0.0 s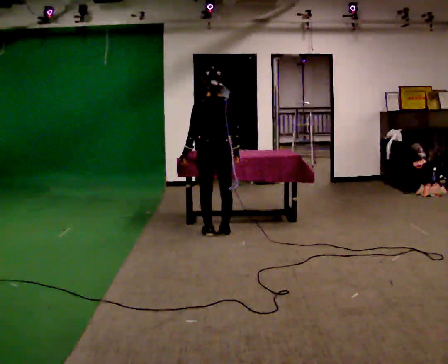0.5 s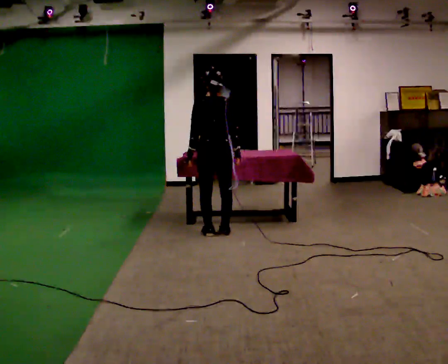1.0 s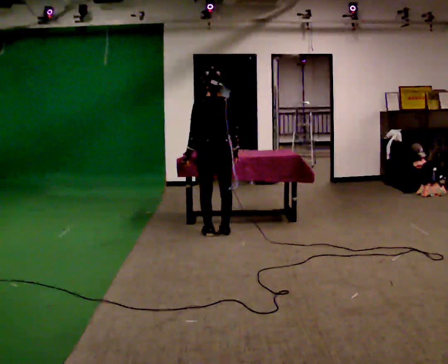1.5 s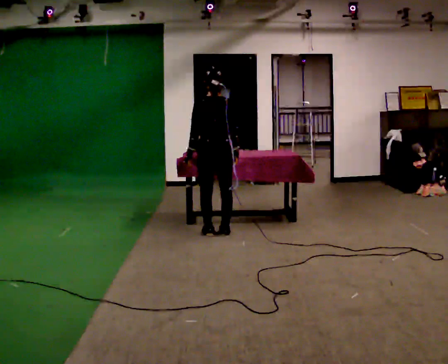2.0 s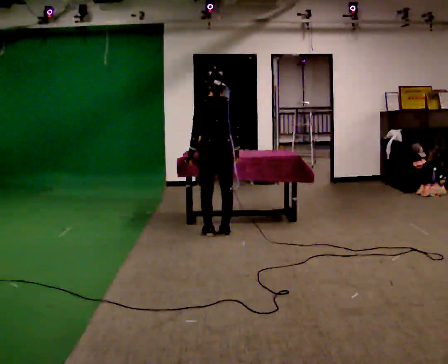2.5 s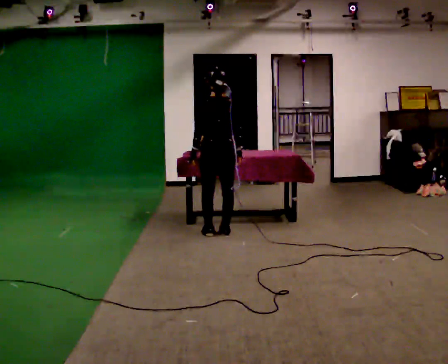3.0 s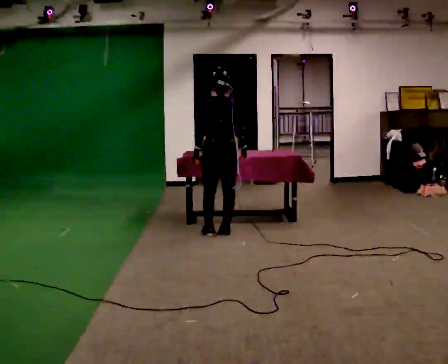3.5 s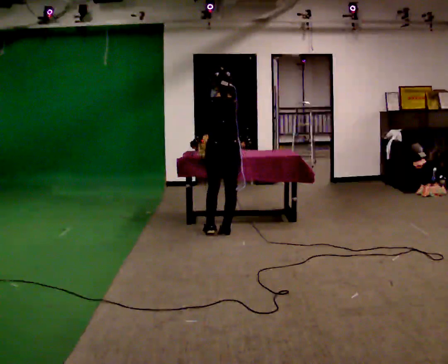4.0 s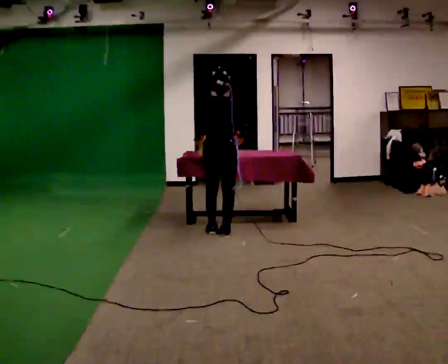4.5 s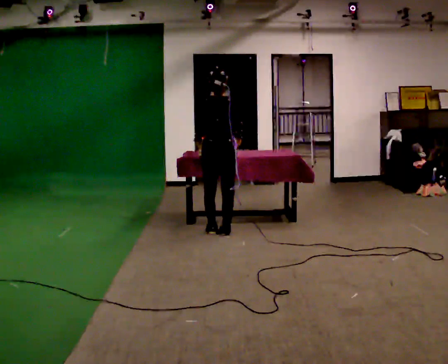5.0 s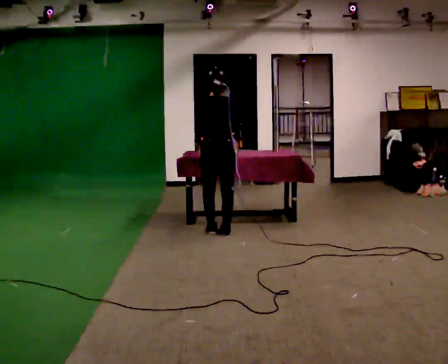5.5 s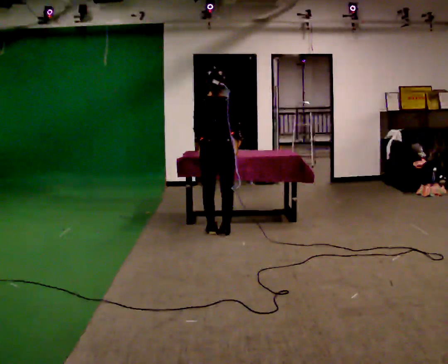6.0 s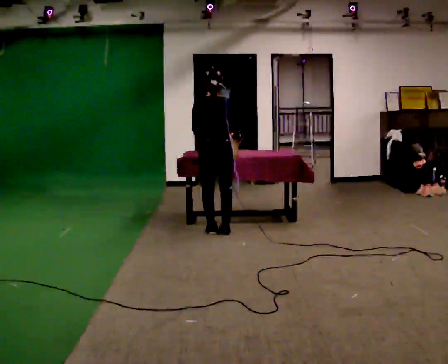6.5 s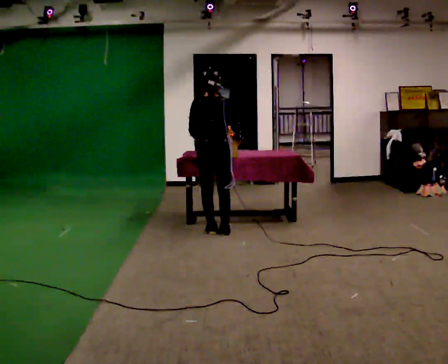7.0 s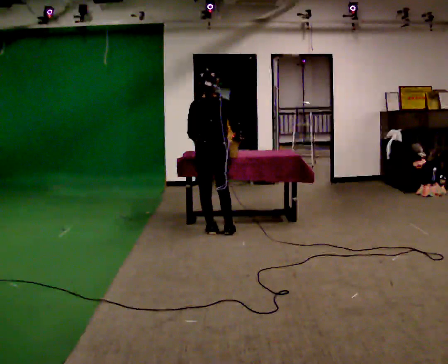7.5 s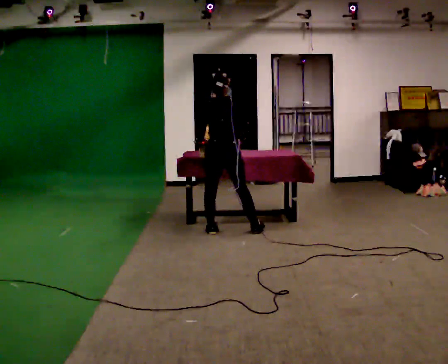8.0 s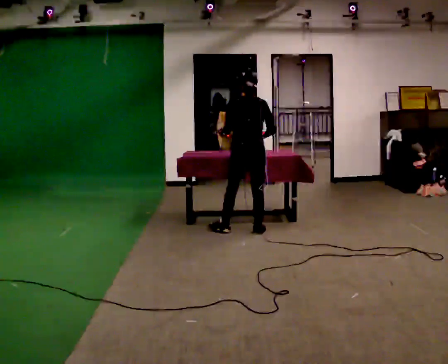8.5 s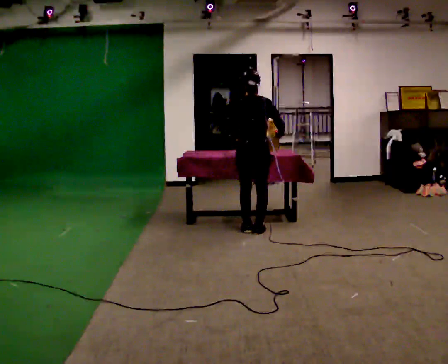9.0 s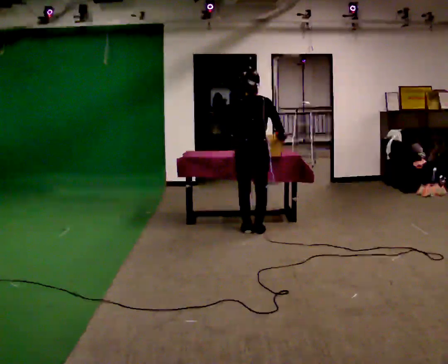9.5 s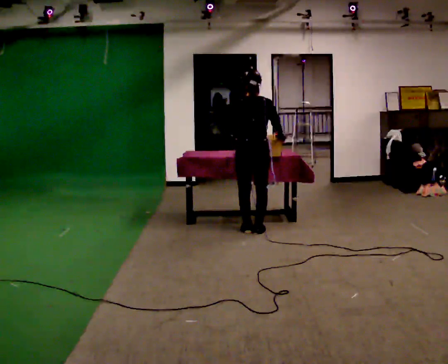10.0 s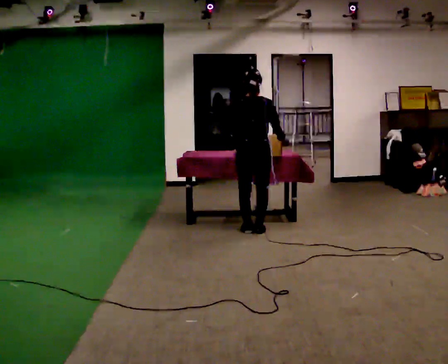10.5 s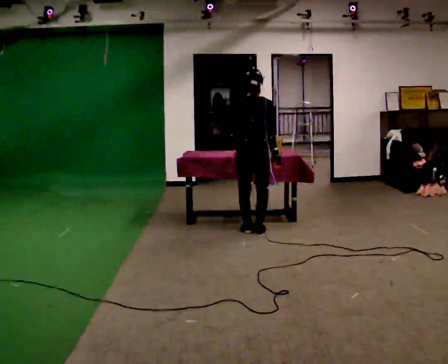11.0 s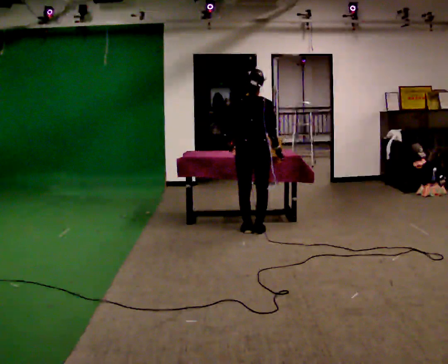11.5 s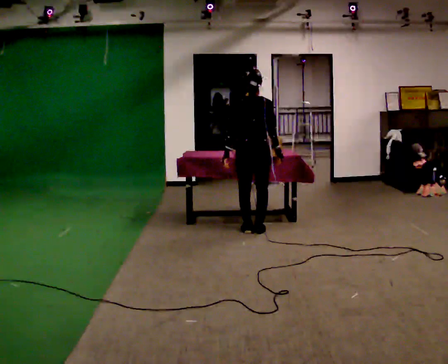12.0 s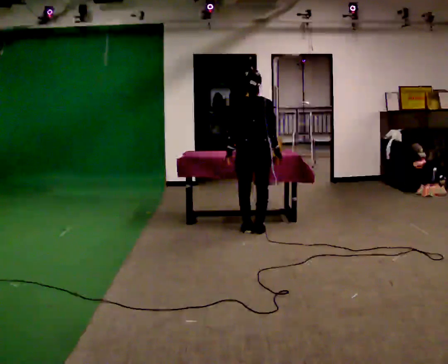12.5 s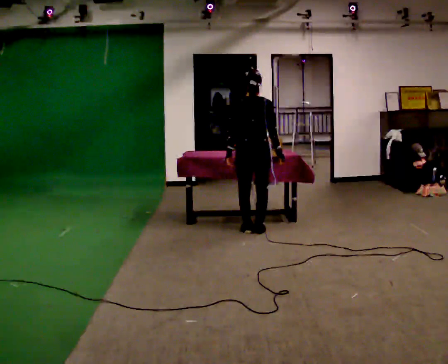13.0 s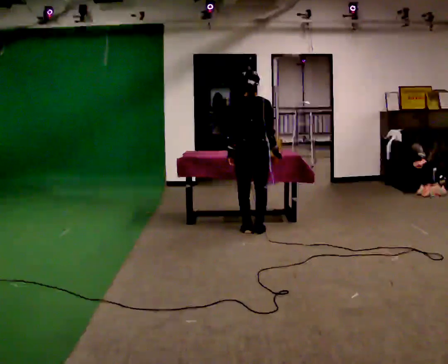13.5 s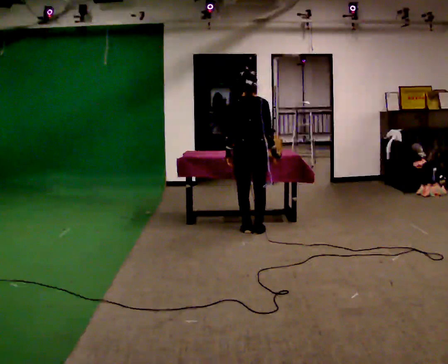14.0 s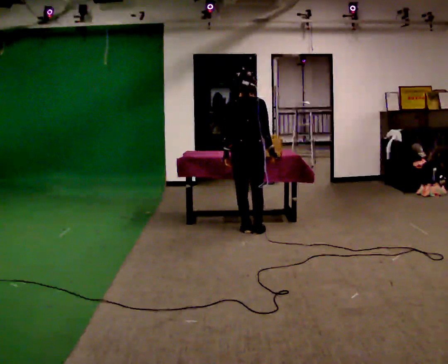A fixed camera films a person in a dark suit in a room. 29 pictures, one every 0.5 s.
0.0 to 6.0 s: The person moves a little, or ends about where they began.
6.0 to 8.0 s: In the picture they go to the right, about 0.25 m in 1 step, which for them is to their right.
8.0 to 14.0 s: The person moves a little, or ends about where they began.
The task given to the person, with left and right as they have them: Lift the heavy object with both hands and set it down again in a different spot on the same surface. Repeat at your own pace until the operator says stop. Keep both feet on the marked spots for the whole take. If you have to step, stop and tell the operator.
The film runs forward here.
